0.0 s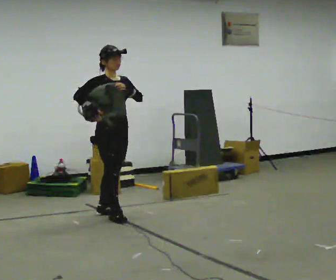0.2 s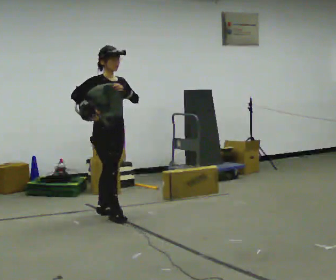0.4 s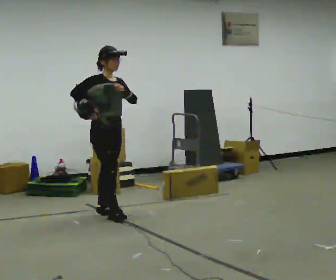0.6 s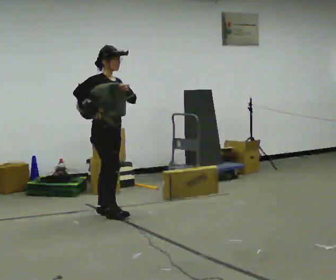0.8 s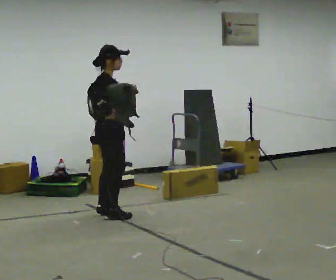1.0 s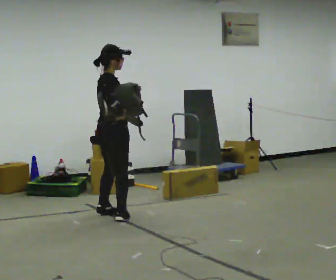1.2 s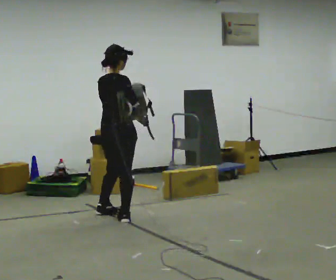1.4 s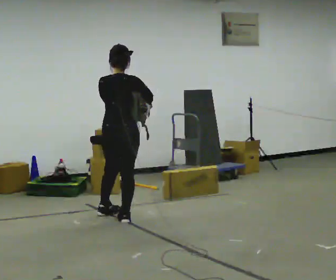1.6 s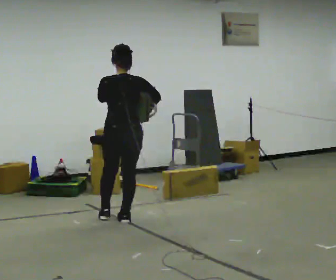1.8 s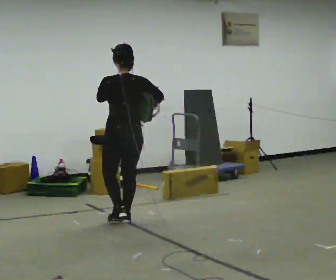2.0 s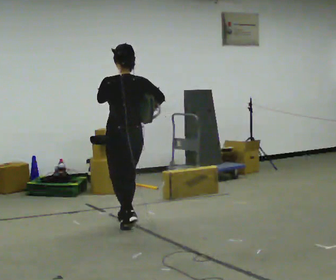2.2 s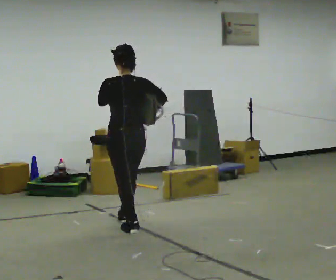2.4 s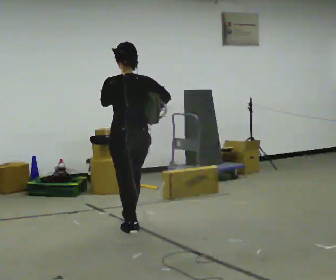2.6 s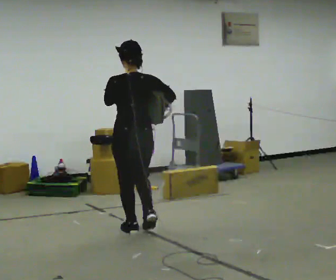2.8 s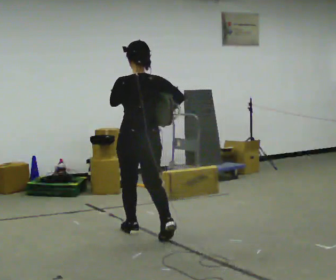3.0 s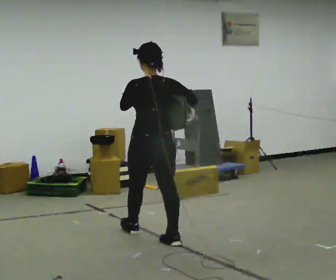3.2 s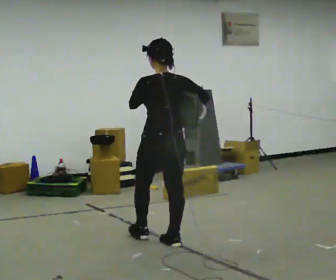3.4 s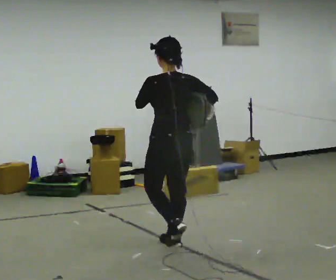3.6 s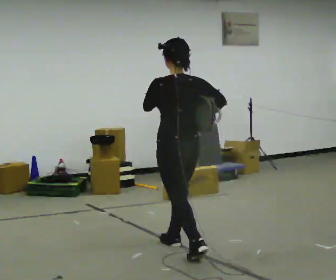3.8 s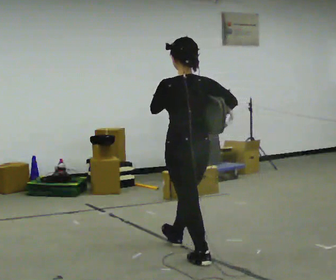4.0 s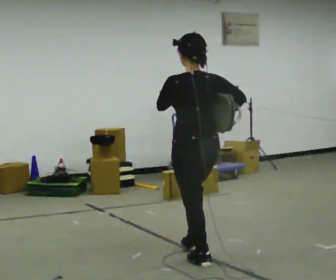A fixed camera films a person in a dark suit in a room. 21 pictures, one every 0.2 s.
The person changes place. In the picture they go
toward the camera.
The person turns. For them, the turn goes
to their left.
0.0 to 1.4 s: The part of the body nearest the lens slides to the right as the person turns to their left by about 120 degrees.
1.4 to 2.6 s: The part of the body nearest the lens slides to the right as the person turns to their left by about 30 degrees. In the picture they go toward the camera, about 0.5 m in 1 step, which for them is backward.
2.6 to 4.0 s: In the picture they go toward the camera and to the right, about 1 m in 2 steps, which for them is backward.
The film runs backward here.
